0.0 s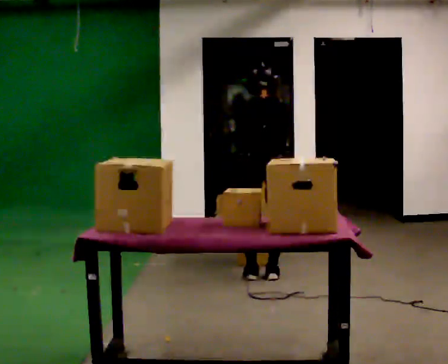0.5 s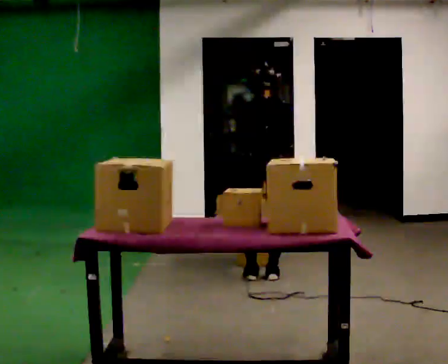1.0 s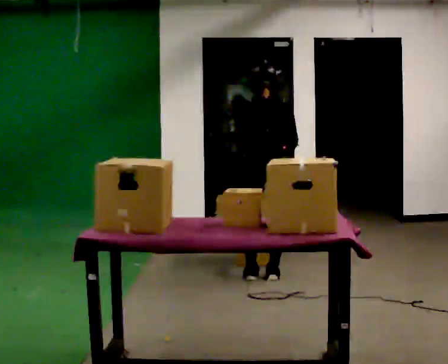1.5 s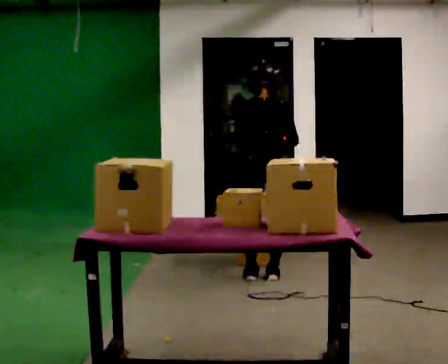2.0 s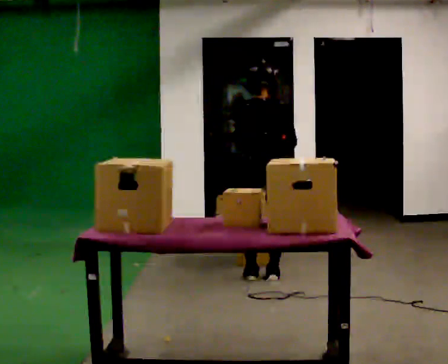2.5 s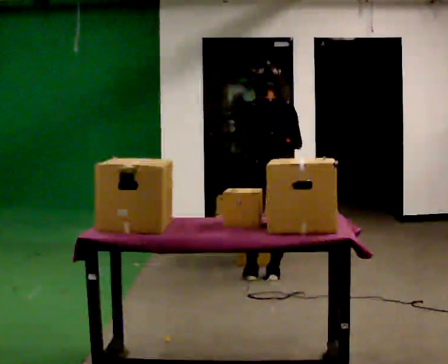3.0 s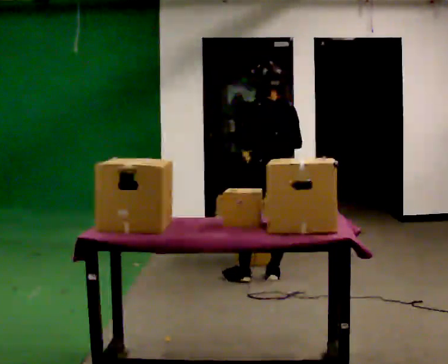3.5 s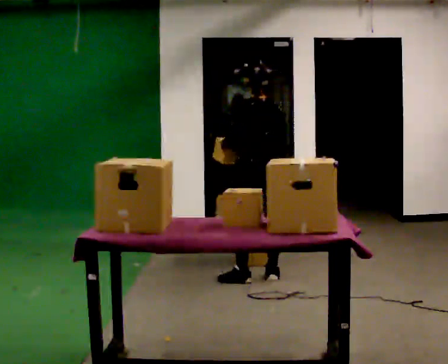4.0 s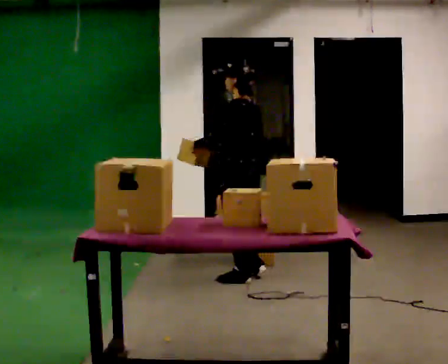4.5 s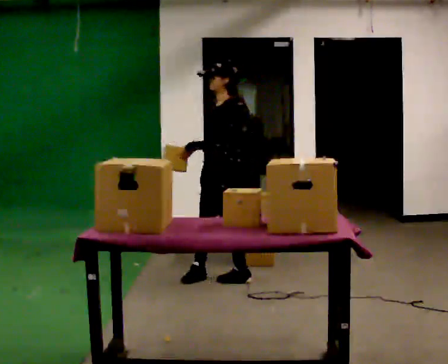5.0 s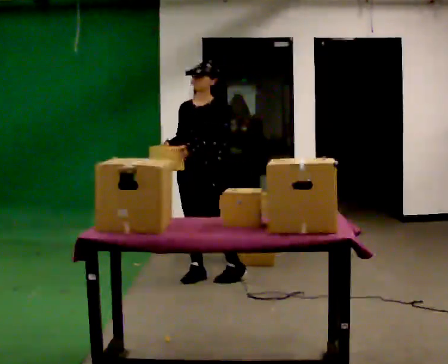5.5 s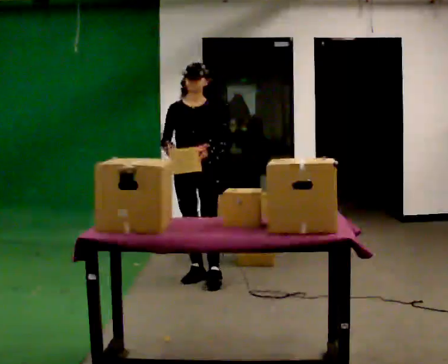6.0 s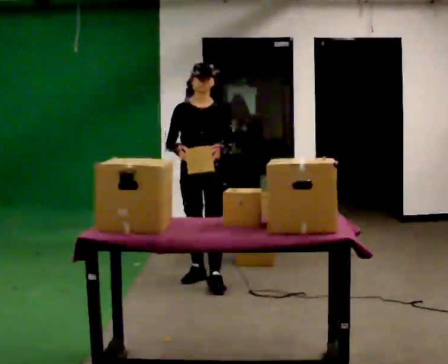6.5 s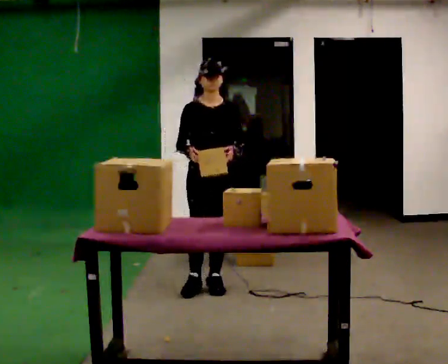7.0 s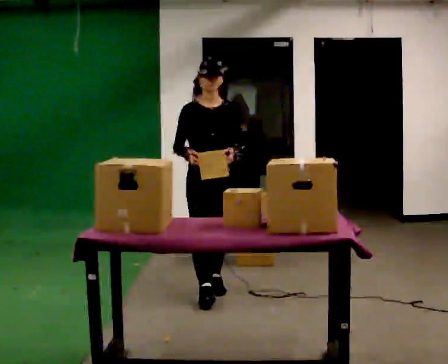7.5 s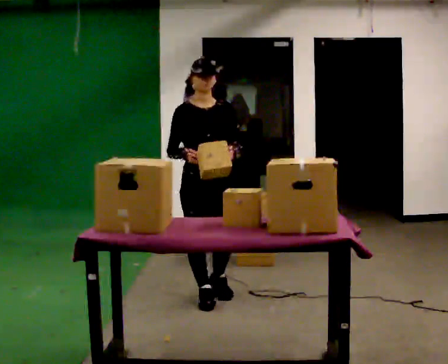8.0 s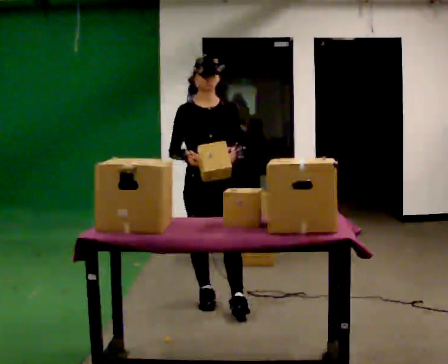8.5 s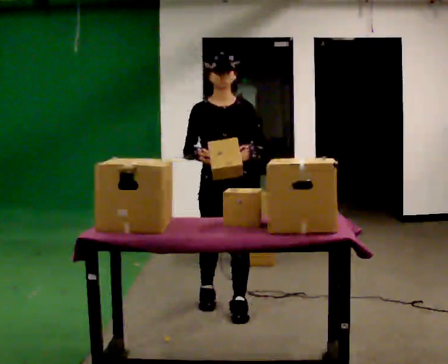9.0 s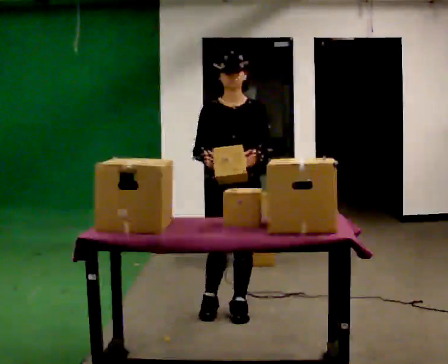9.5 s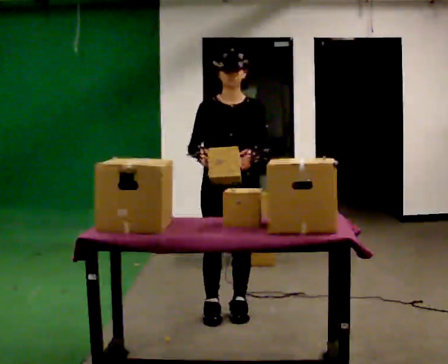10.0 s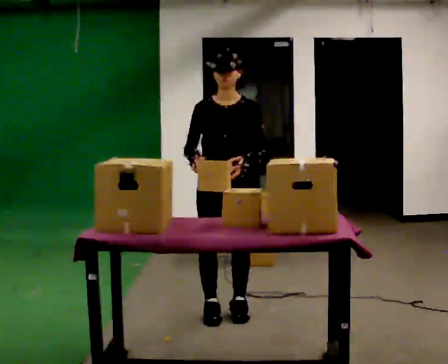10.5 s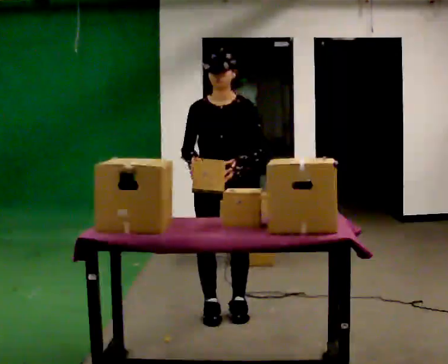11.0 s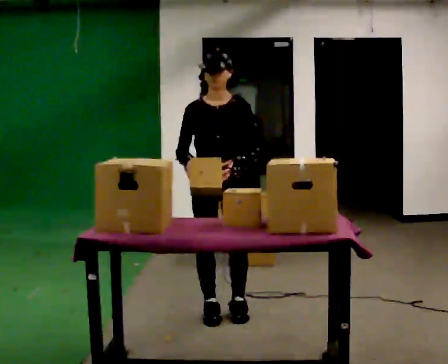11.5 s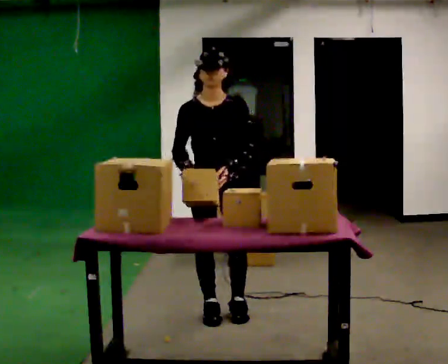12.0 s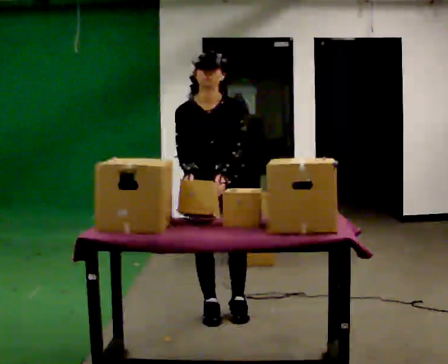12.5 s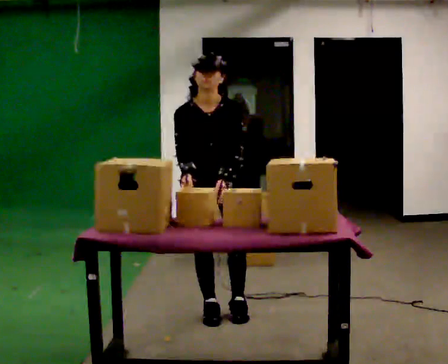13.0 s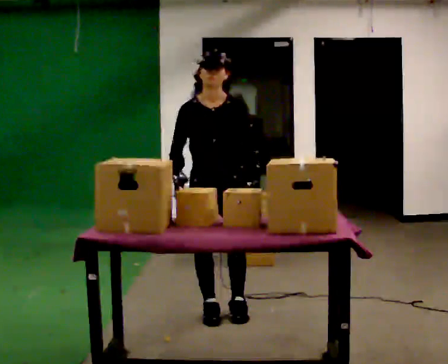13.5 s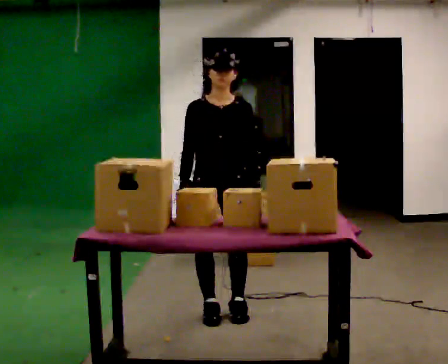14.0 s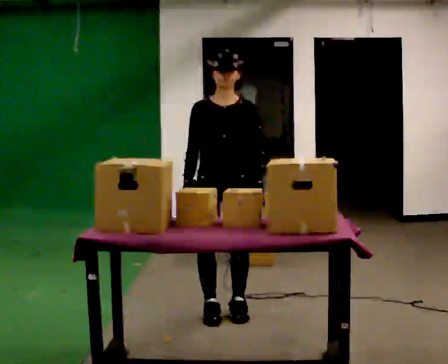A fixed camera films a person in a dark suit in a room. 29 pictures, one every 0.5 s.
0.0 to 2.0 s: The upper body tips toward the camera, its near side rolling downward, as they lean back or straighten.
2.0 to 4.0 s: The part of the body nearest the lens slides to the right as the person turns to their left by about 75 degrees. In the picture they go to the left, about 0.25 m. In the picture their left hand goes to the left.
4.0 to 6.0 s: The person turns about 120 degrees to their left, counterclockwise seen from above, so the part of the body nearest the lens slides to the right. In the picture they go to the left, about 0.25 m in 2 steps.
6.0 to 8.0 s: In the picture they go toward the camera, about 0.5 m in 2 steps, which for them is forward.
8.0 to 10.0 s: In the picture they go toward the camera, about 0.25 m in 1 step, which for them is forward and to their left.
10.0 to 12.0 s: The upper body tips toward the camera, its near side rolling downward, as they bend forward.
12.0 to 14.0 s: The upper body tips away from the camera, its near side rolling upward, as they lean back or straighten.
The film runs forward here.
